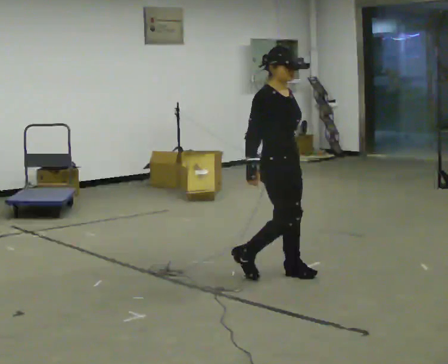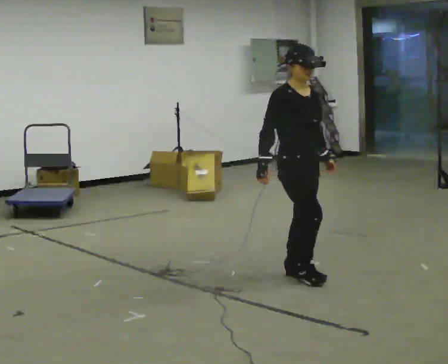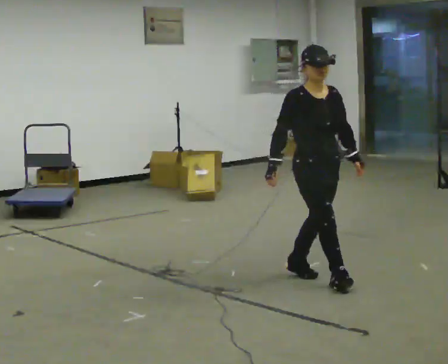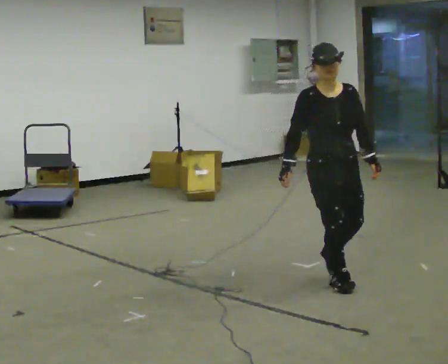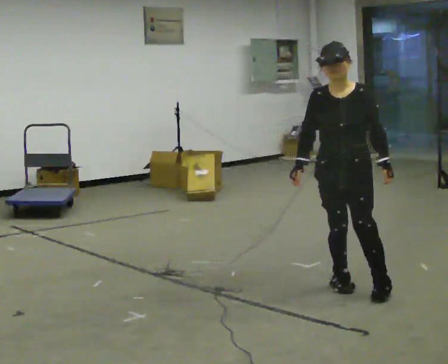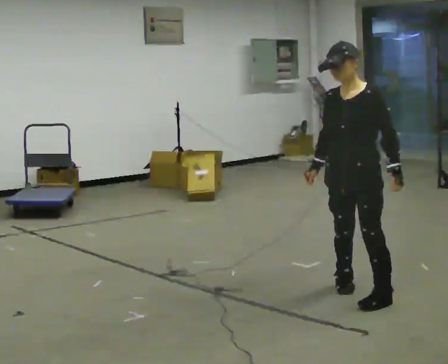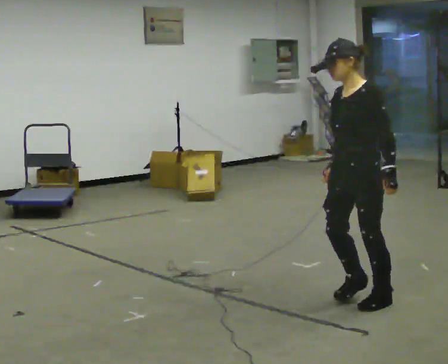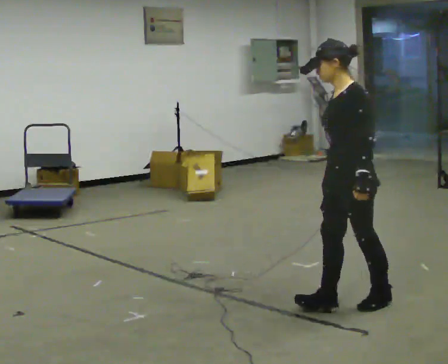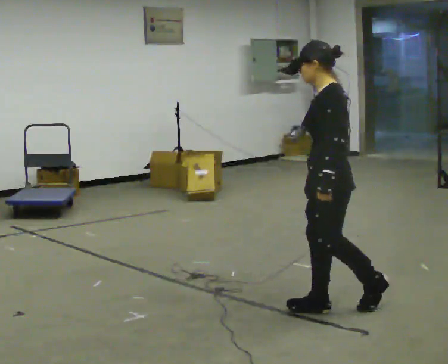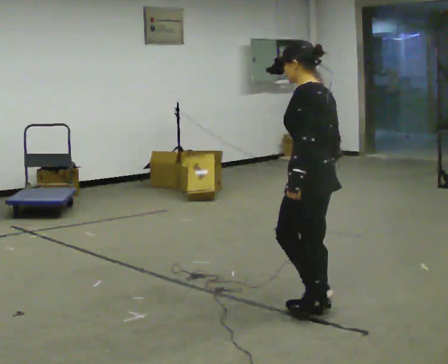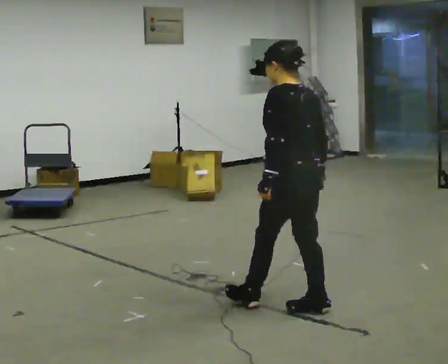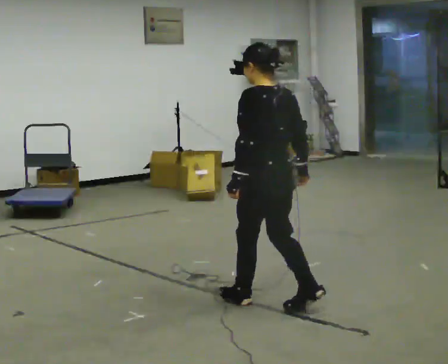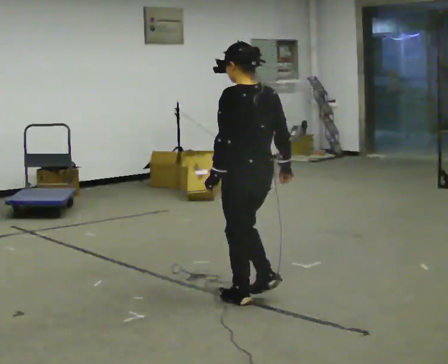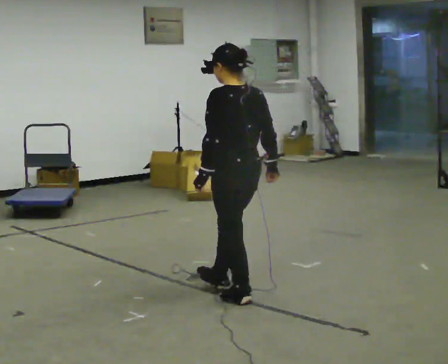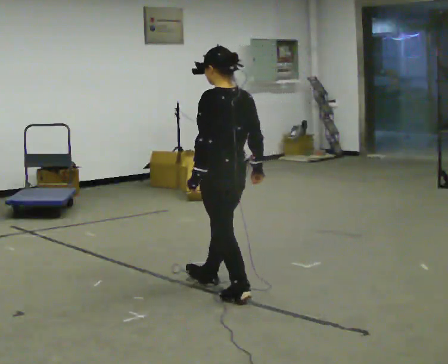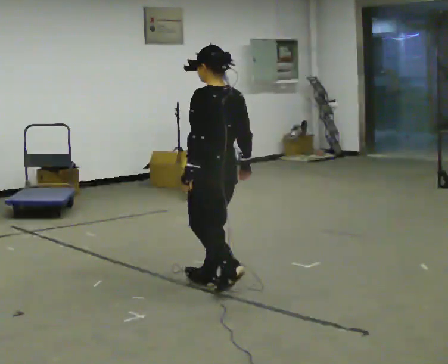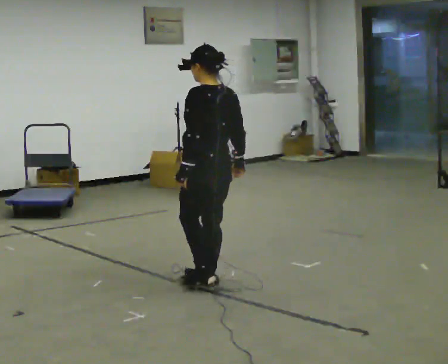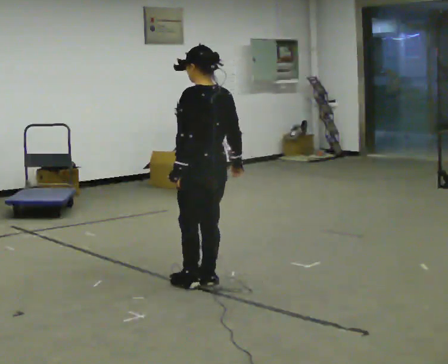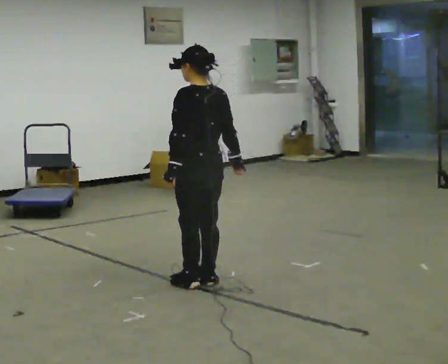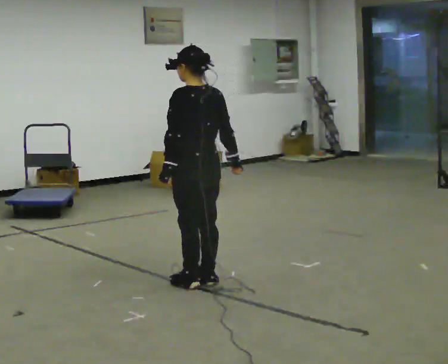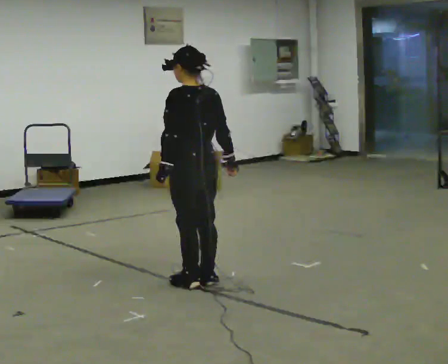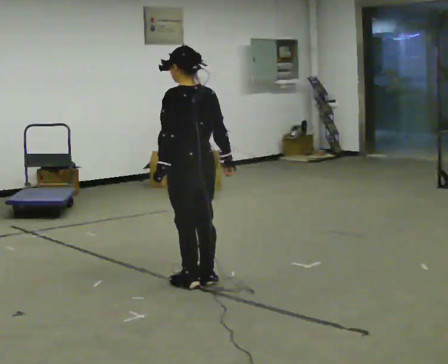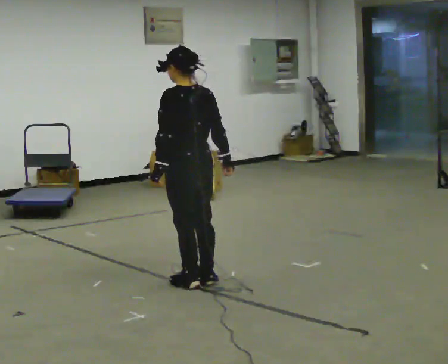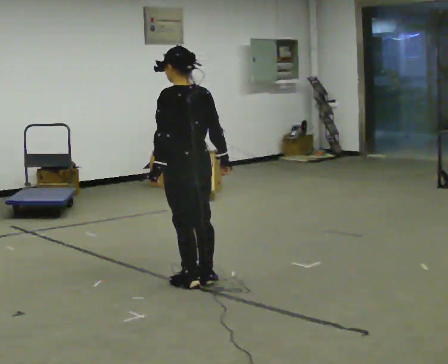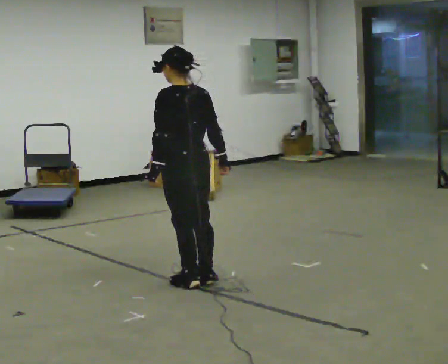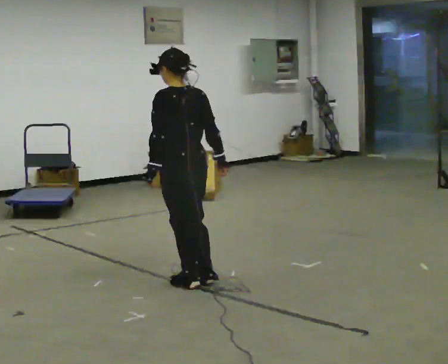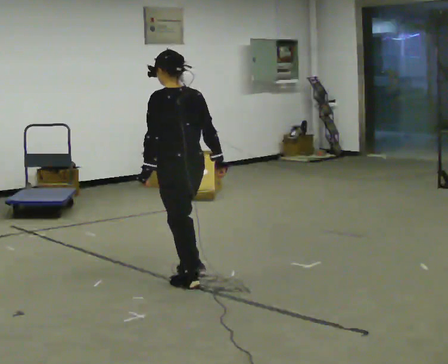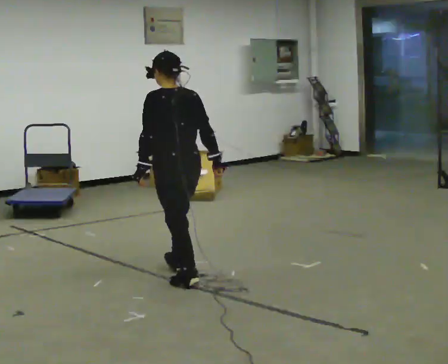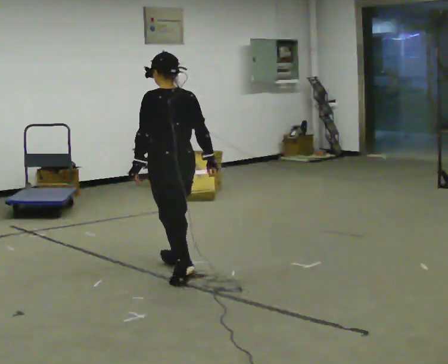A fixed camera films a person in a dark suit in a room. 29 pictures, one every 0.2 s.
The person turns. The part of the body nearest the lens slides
to the left.
The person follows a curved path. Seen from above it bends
clockwise.
0.0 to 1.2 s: The part of the body nearest the lens slides to the left as the person turns to their right by about 120 degrees. In the picture they go toward the camera and to the right, about 0.75 m in 2 steps.
1.2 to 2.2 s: Seen from above the body turns clockwise, about 75 degrees: to their right, with its near side sliding to the left. In the picture they go to the left, about 0.5 m in 2 steps.
2.2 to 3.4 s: In the picture they go away from the camera and to the left, about 0.5 m in 2 steps, which for them is forward.
3.4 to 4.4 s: The person moves a little, or ends about where they began.
4.4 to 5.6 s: In the picture they go away from the camera, about 0.25 m in 1 step, which for them is forward.
The film runs forward here.
